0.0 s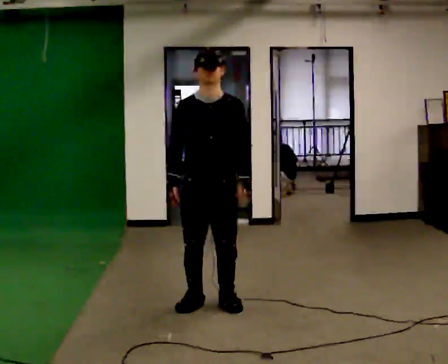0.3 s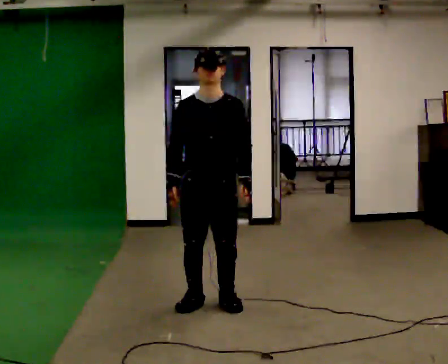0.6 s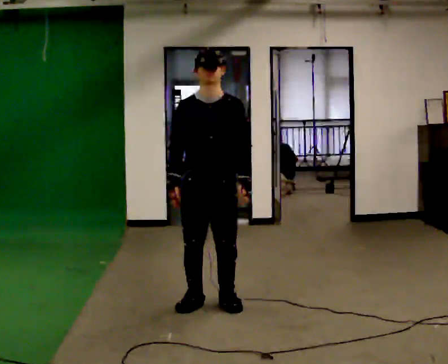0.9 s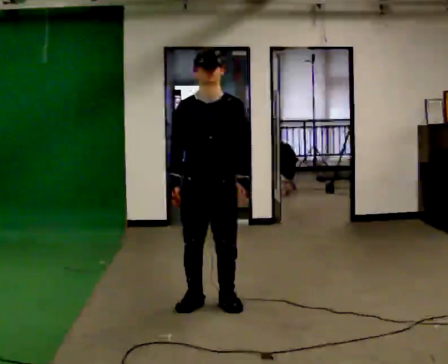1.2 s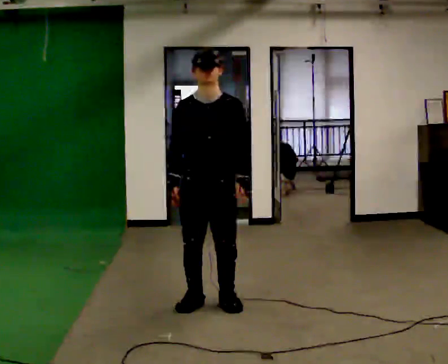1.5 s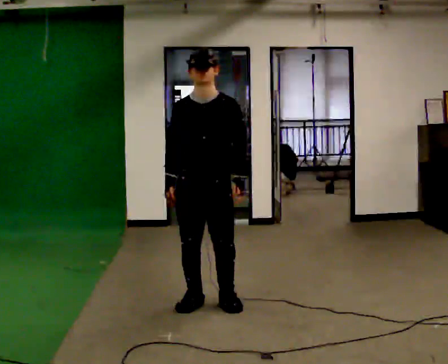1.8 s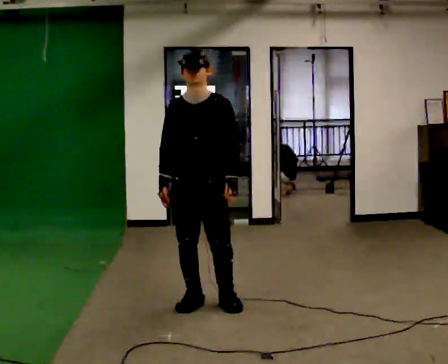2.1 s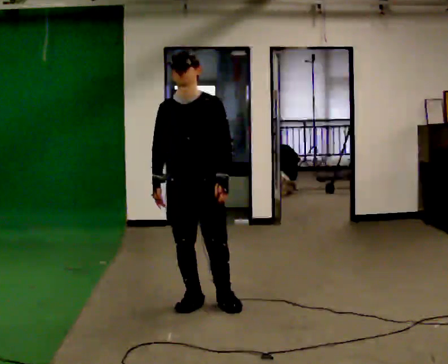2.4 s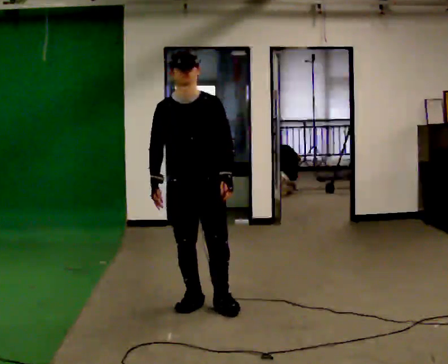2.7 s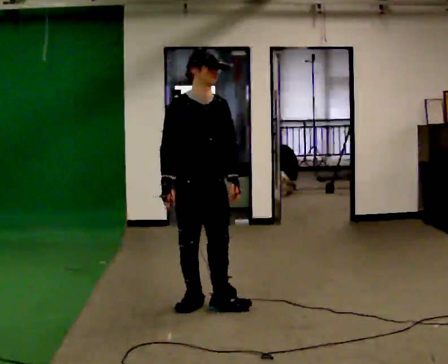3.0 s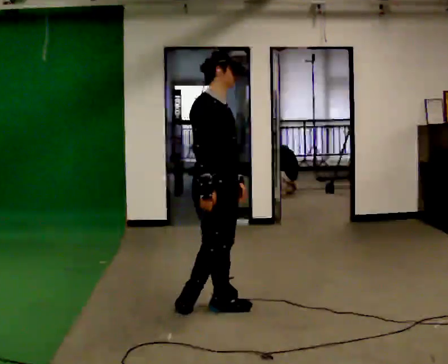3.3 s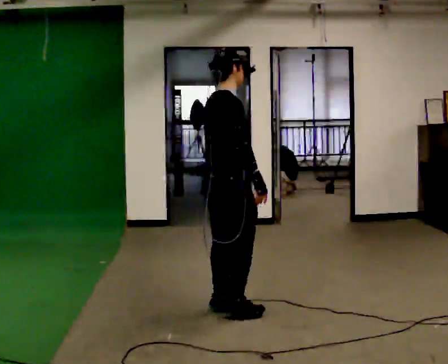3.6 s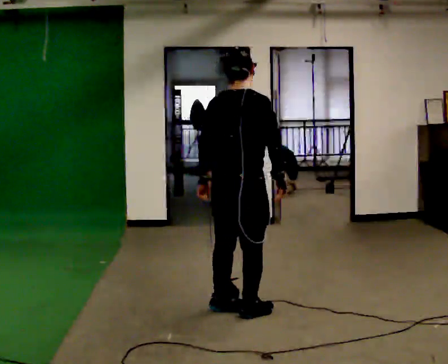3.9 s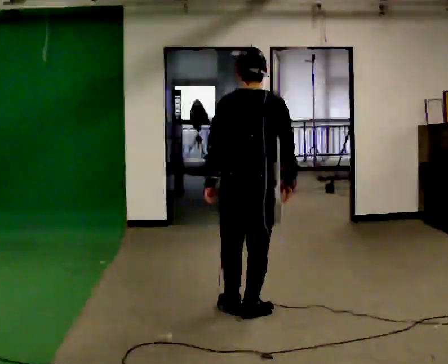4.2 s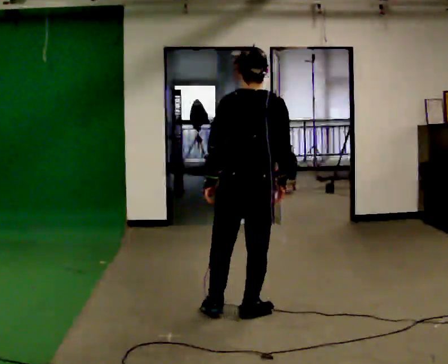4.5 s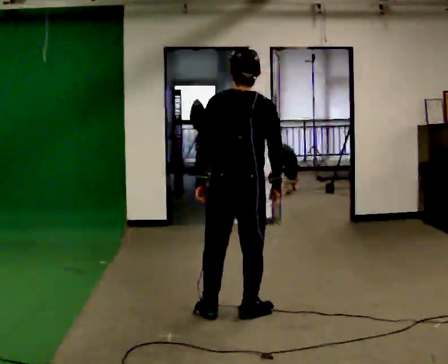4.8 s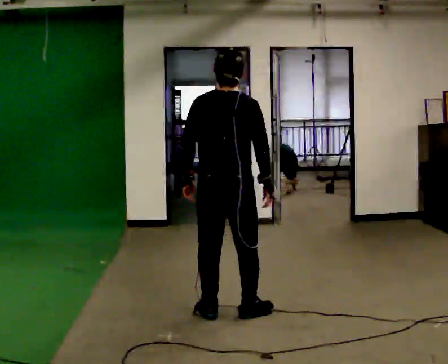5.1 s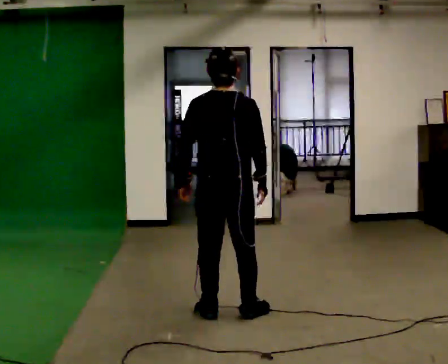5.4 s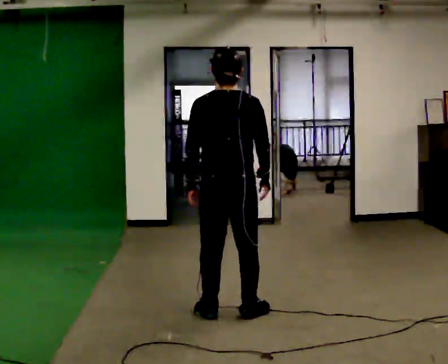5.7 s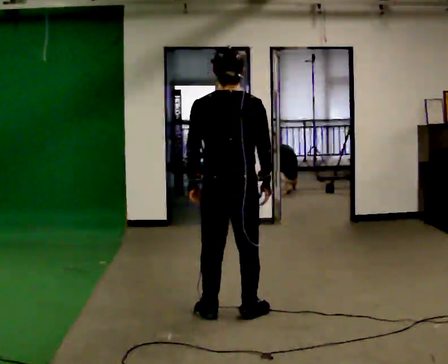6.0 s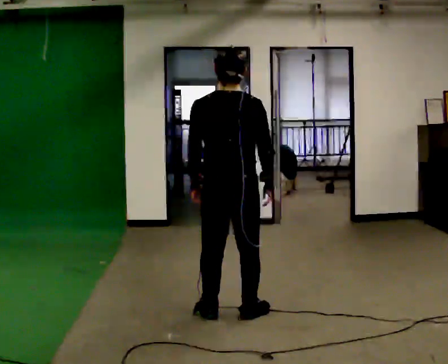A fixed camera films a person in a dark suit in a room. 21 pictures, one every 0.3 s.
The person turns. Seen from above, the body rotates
counterclockwise.
The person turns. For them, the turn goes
to their left.
0.0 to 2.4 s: The person moves a little, or ends about where they began.
2.4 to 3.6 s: The person turns about 150 degrees to their left, counterclockwise seen from above, so the part of the body nearest the lens slides to the right. In the picture they go to the right and toward the camera, about 0.25 m in 1 step.
3.6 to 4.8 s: The part of the body nearest the lens slides to the right as the person turns to their left by about 30 degrees.
4.8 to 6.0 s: The person moves a little, or ends about where they began.
The film runs forward here.
